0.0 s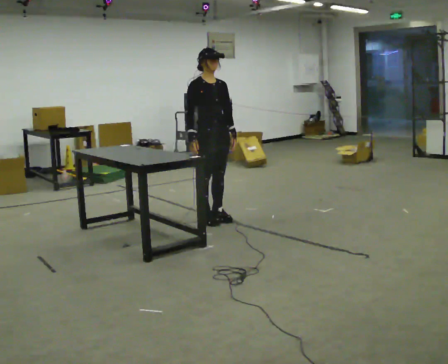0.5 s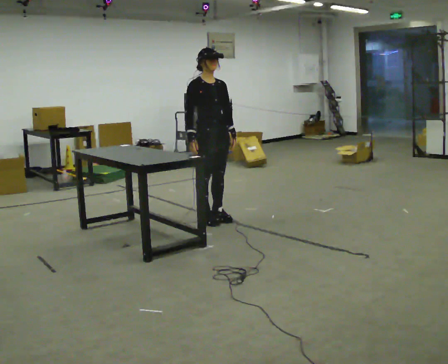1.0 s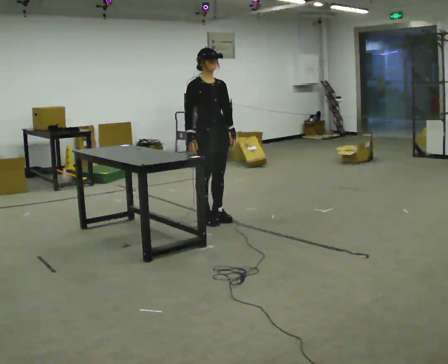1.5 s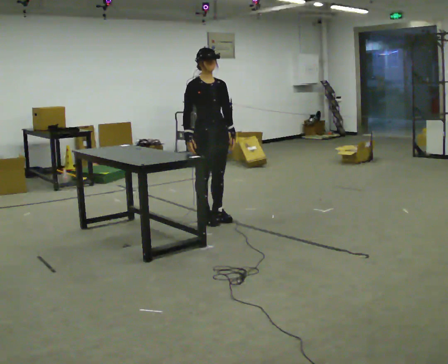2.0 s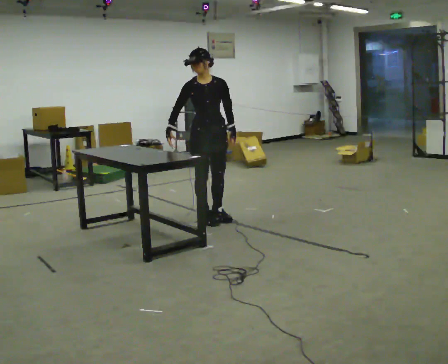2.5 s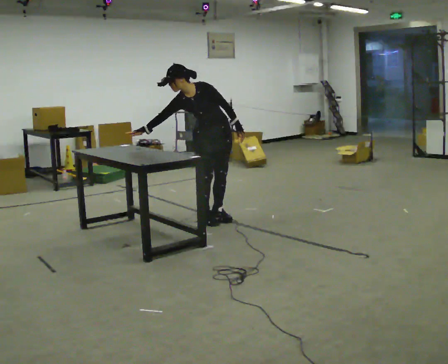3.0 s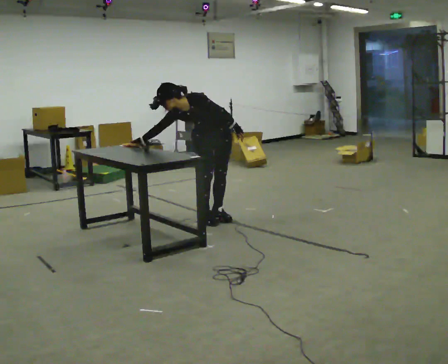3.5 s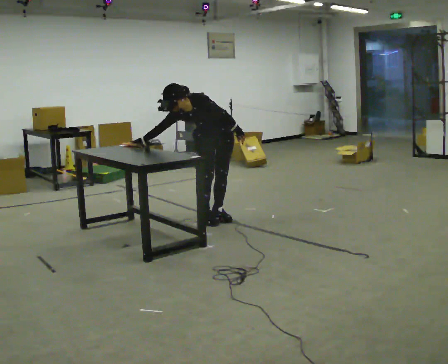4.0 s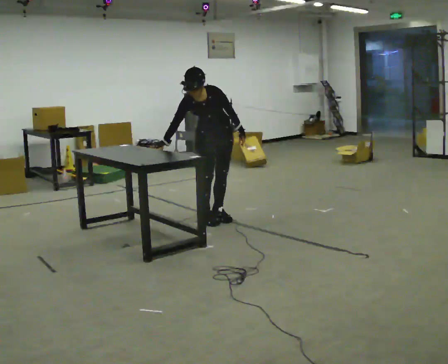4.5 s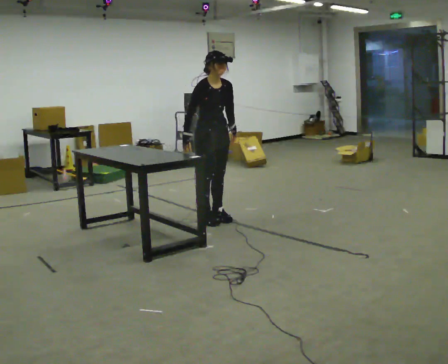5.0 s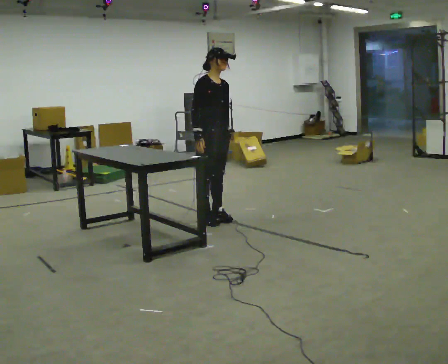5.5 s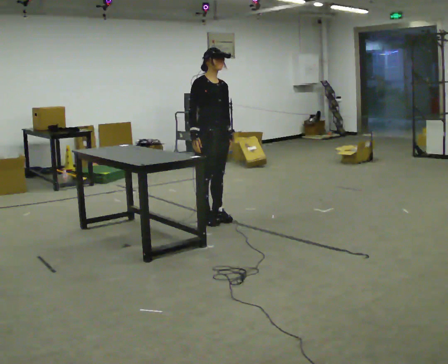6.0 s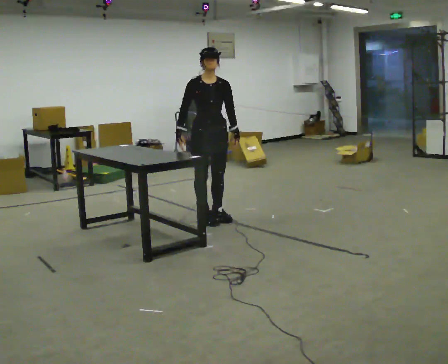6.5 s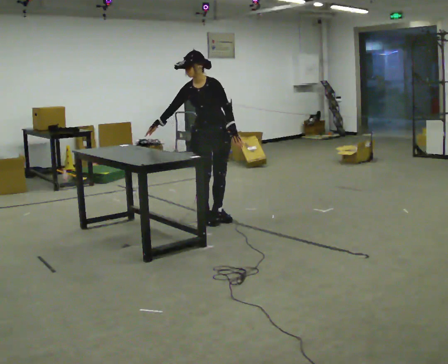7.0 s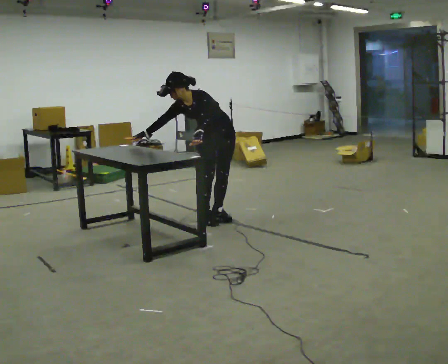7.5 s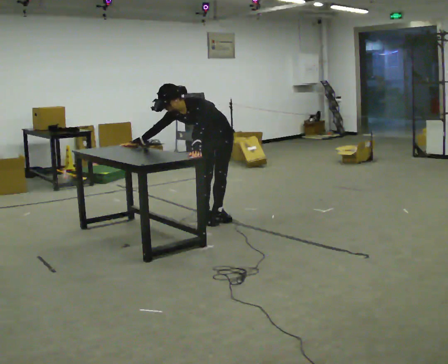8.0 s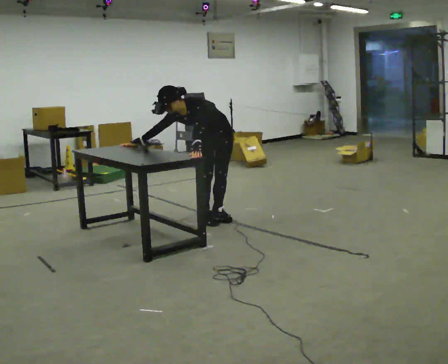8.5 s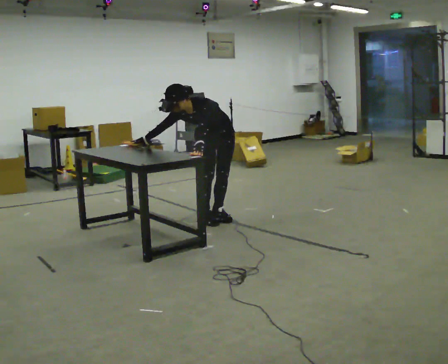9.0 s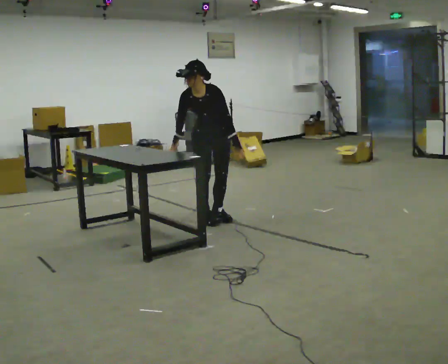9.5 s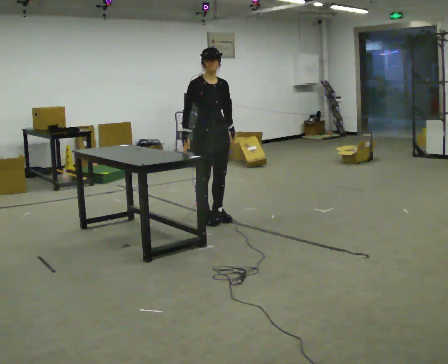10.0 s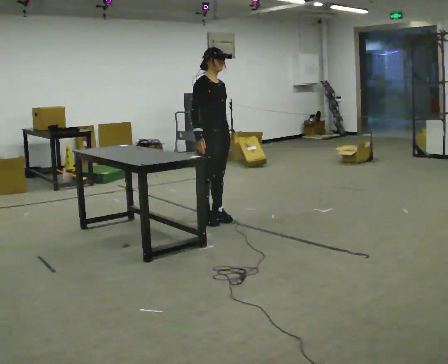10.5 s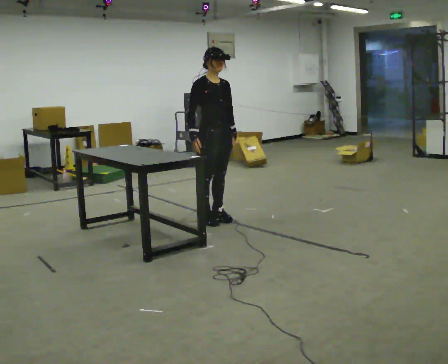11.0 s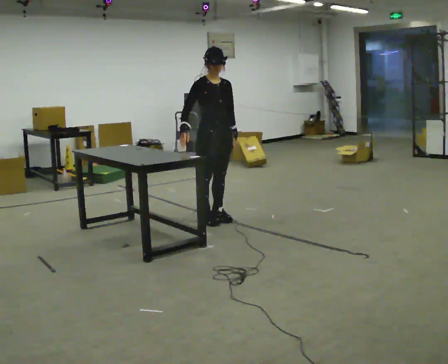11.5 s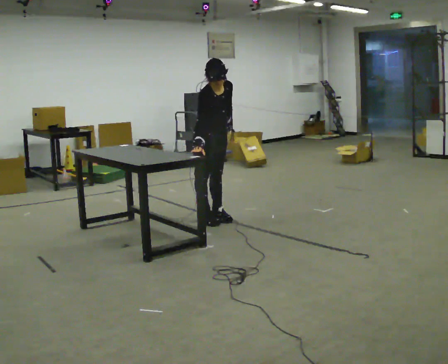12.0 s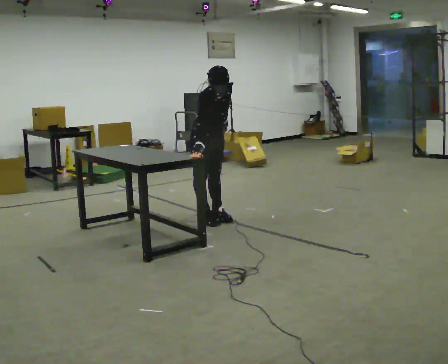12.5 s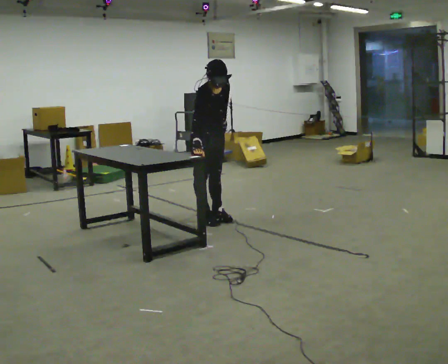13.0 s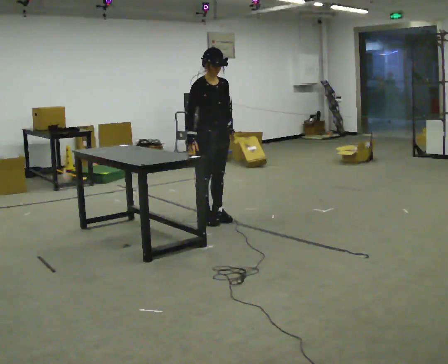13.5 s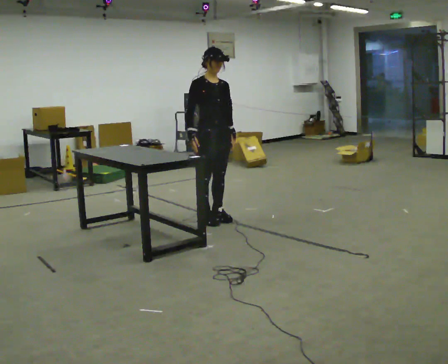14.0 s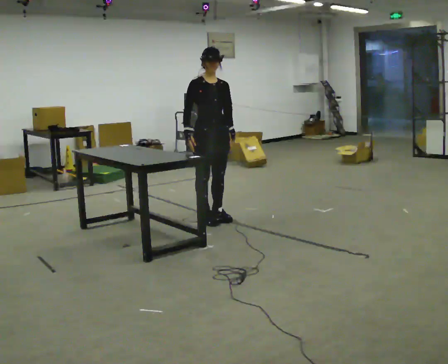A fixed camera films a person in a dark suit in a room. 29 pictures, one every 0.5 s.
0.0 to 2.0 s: Seen from above the body turns clockwise, about 30 degrees: to their right, with its near side sliding to the left.
2.0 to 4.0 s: The person moves a little, or ends about where they began.
4.0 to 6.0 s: The upper body tips away from the camera, its near side rolling upward, as they lean back or straighten.
6.0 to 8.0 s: The part of the body nearest the lens slides to the left as the person turns to their right by about 30 degrees. The shoulders move downward. In the picture the upper body tilts counterclockwise, shoulders to the left, as they bend forward. In the picture their left hand goes to the left.
8.0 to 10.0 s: The person turns about 75 degrees to their left, counterclockwise seen from above, so the part of the body nearest the lens slides to the right. The upper body goes upward. The upper body tips away from the camera, its near side rolling upward, as they lean back or straighten.
10.0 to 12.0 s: The upper body tips toward the camera, its near side rolling downward, as they bend forward.
12.0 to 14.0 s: The upper body tips away from the camera, its near side rolling upward, as they lean back or straighten.
The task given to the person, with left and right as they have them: Touch each numbered target to your side and behind you in the order the operator calls, without moving your feet. Keep both feet on the marked spots for the whole take. If you have to step, stop and tell the operator.
The film runs forward here.
